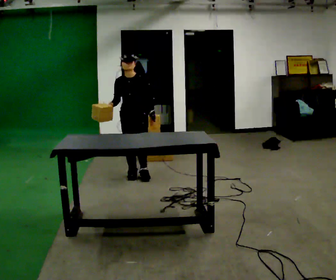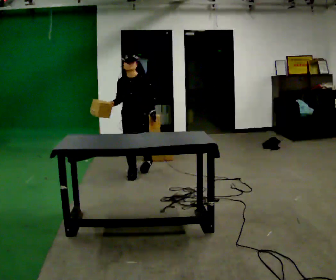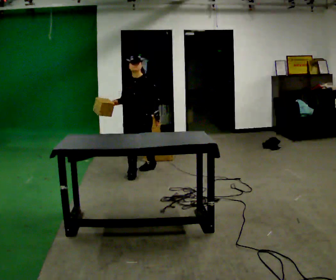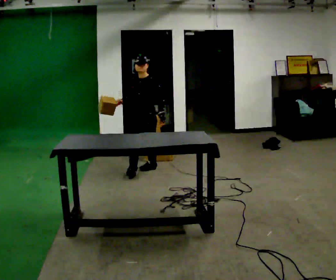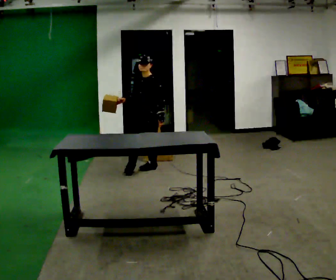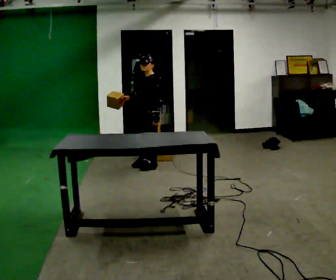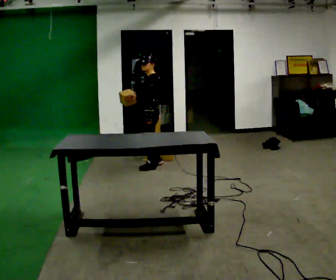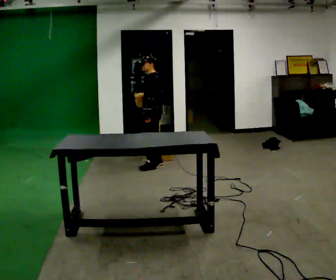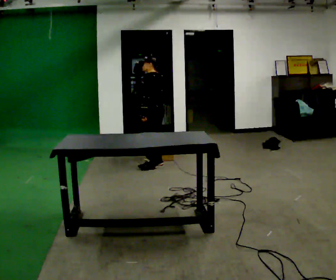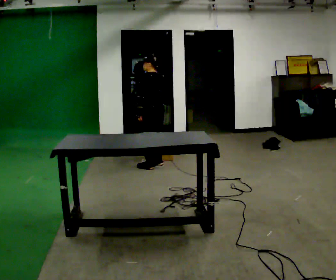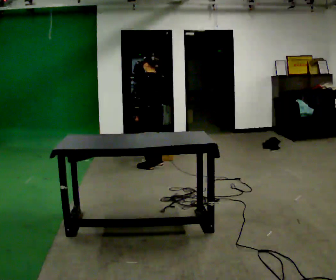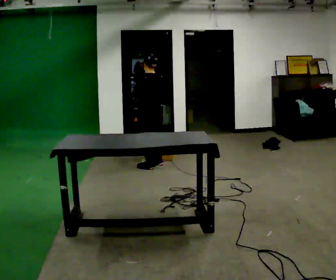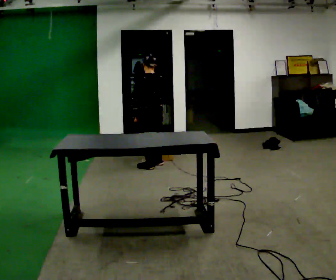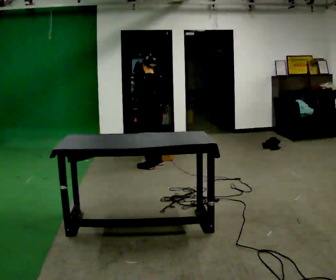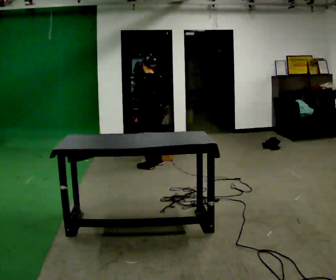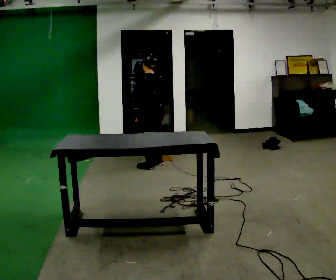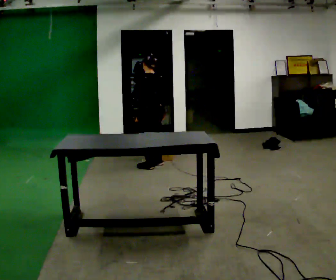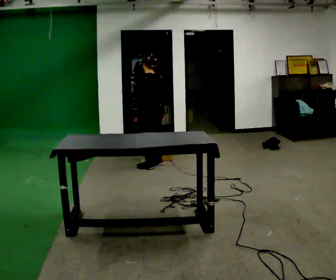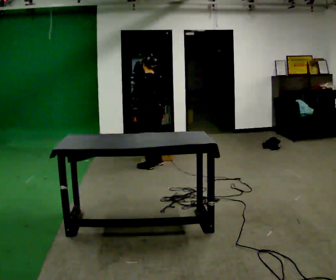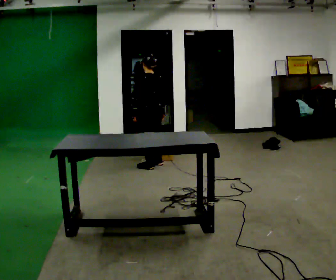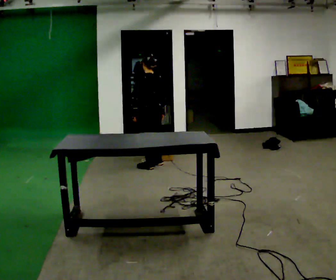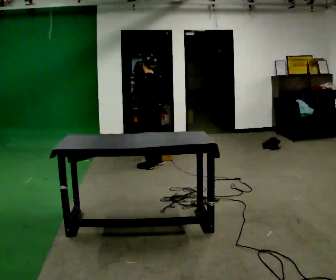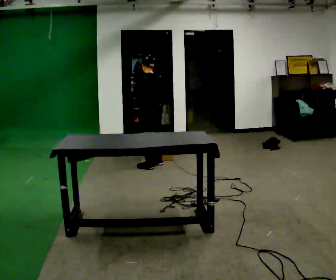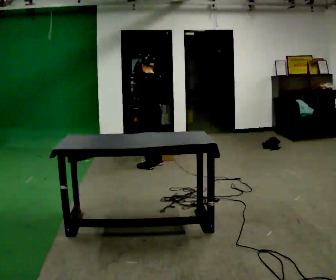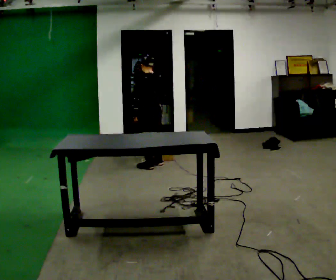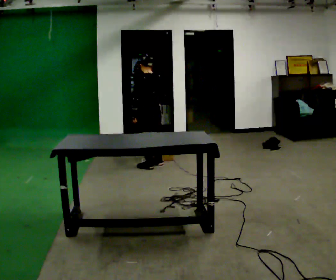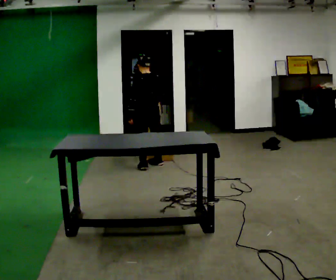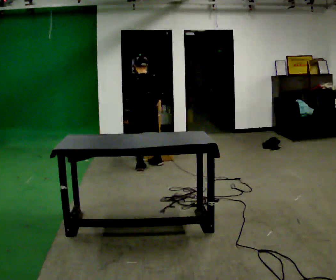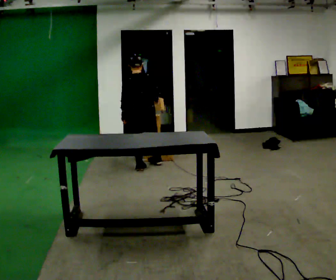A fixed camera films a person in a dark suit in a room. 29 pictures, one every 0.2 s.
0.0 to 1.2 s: The person turns about 75 degrees to their right, clockwise seen from above, so the part of the body nearest the lens slides to the left. In the picture they go away from the camera and to the right, about 0.5 m in 1 step.
1.2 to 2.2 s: The part of the body nearest the lens slides to the left as the person turns to their right by about 75 degrees.
2.2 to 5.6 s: The person moves a little, or ends about where they began.
The film runs backward here.
